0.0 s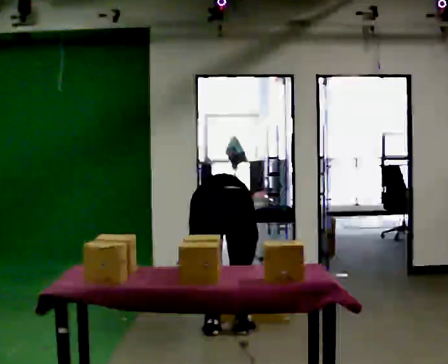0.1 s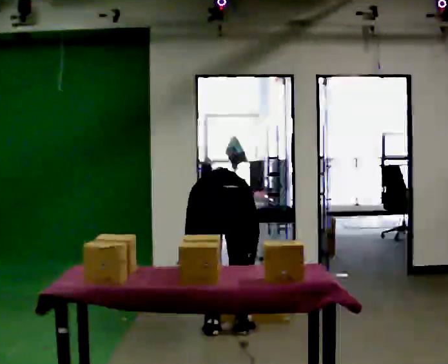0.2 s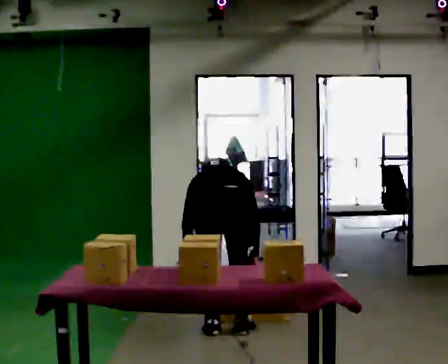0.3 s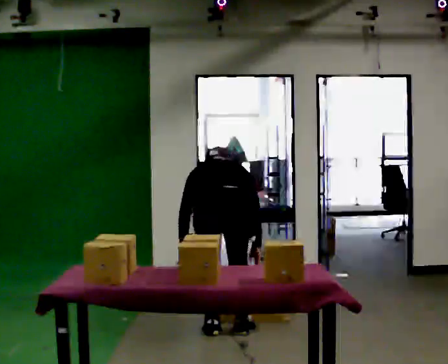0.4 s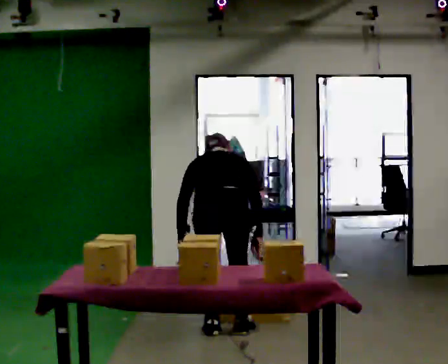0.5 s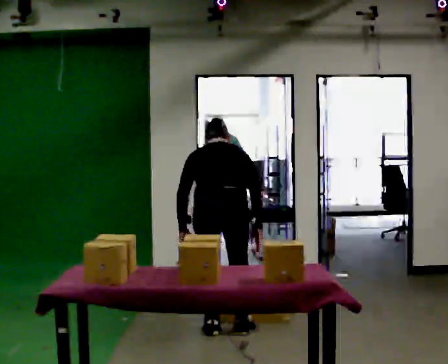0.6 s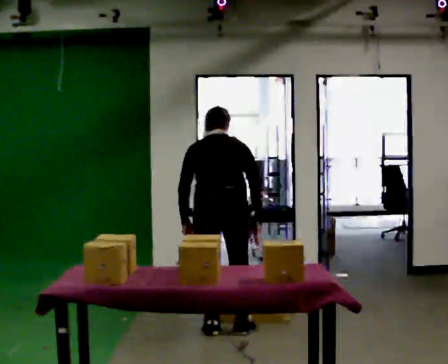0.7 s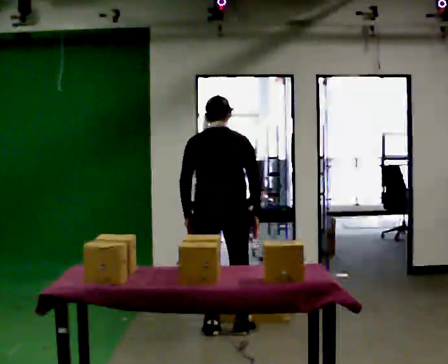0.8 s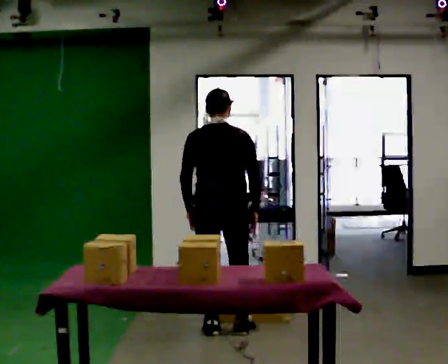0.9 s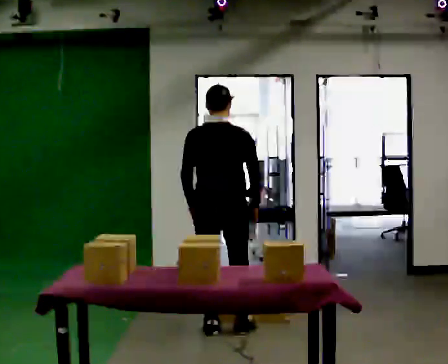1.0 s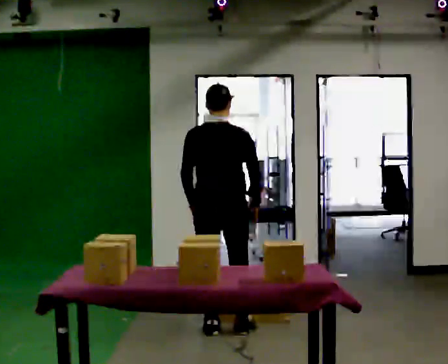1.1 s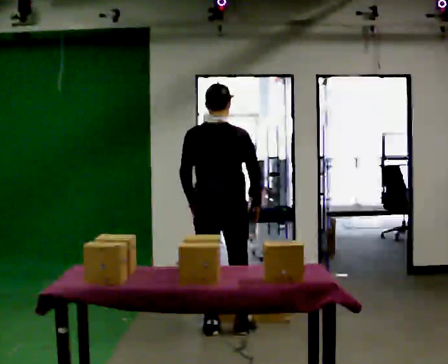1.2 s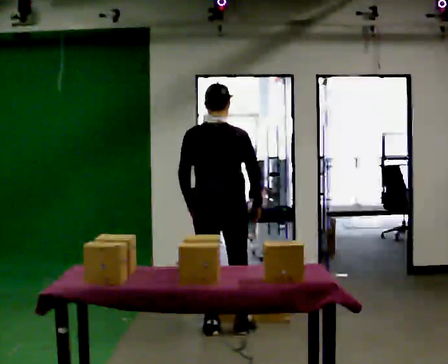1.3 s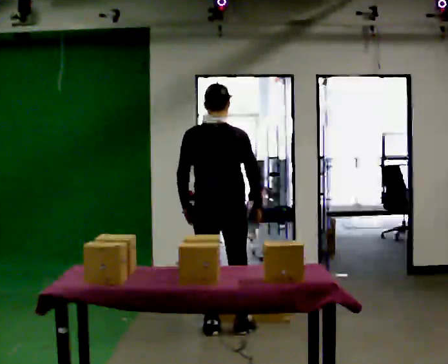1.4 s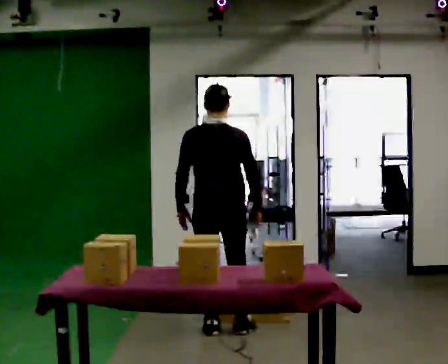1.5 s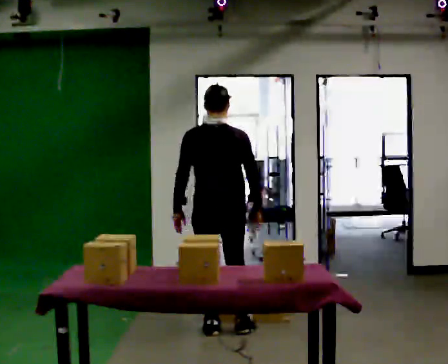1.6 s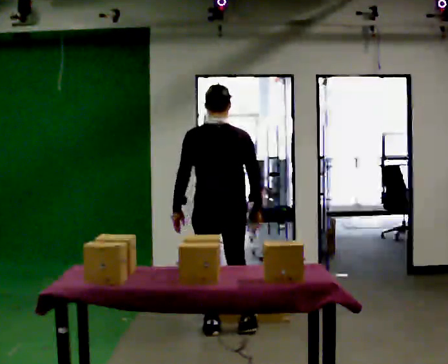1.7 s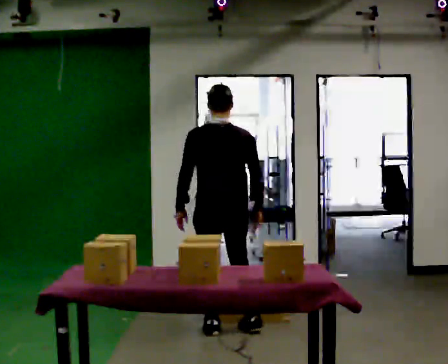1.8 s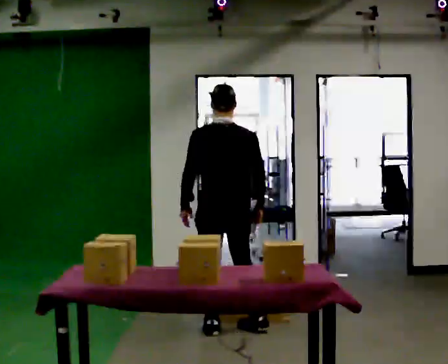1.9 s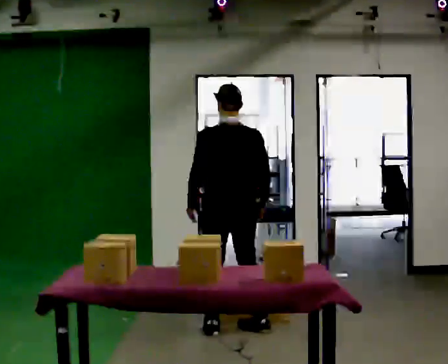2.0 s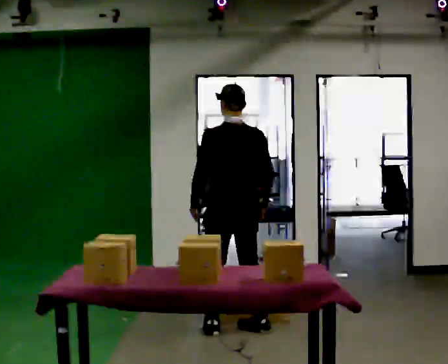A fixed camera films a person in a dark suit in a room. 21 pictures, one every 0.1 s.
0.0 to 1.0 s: In the picture they go away from the camera, about 0.25 m, which for them is forward. The upper body goes upward. The upper body tips toward the camera, its near side rolling downward, as they lean back or straighten. In the picture their left hand goes upward.
1.0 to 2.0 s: Seen from above the body turns counterclockwise, about 30 degrees: to their left, with its near side sliding to the right.
The film runs forward here.
